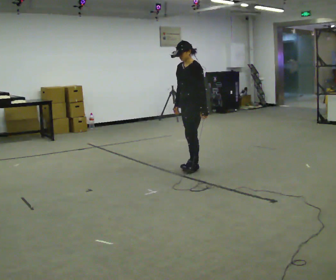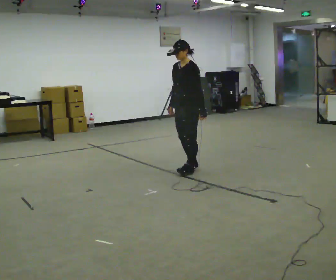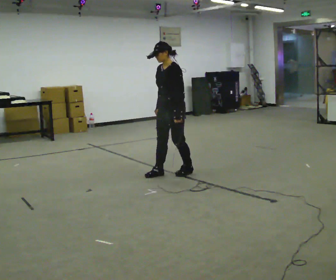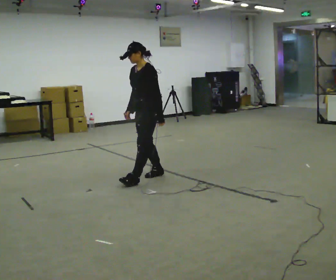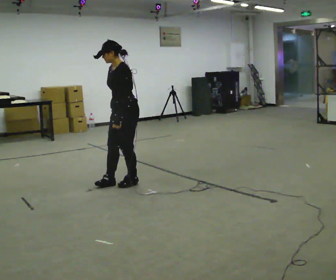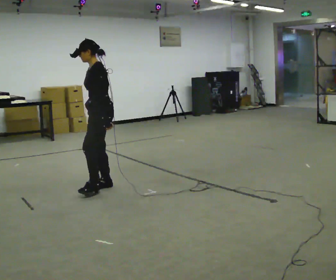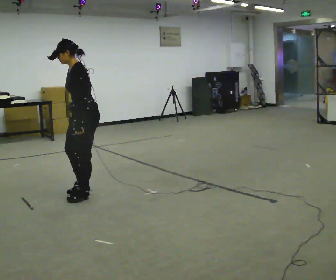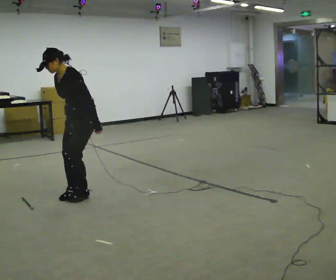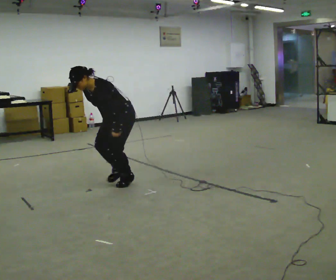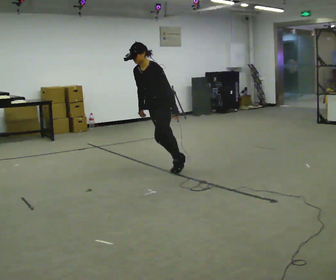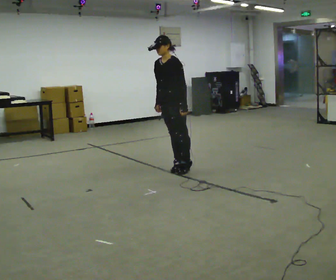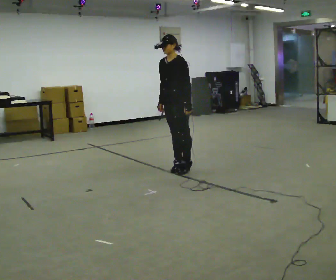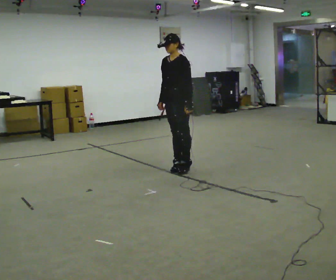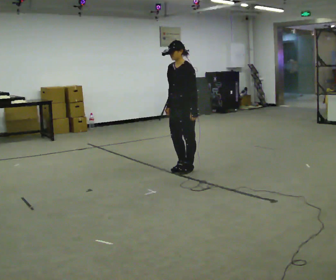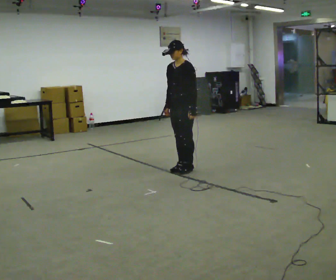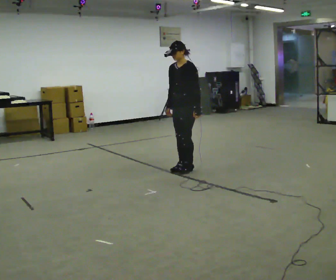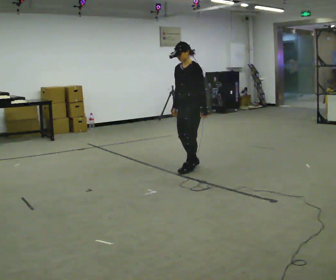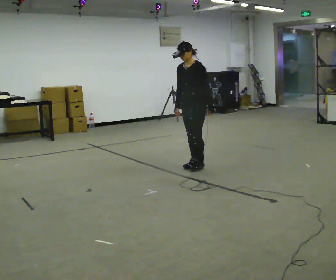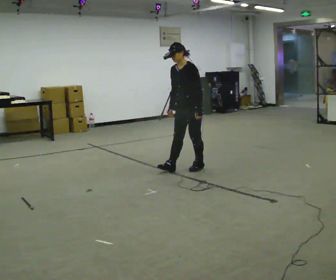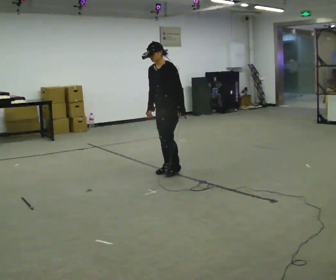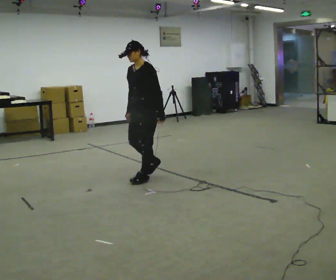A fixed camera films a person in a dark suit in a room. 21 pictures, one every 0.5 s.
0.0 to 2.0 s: In the picture they go to the left and toward the camera, about 1 m in 3 steps, which for them is forward.
2.0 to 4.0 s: The upper body goes downward. In the picture the upper body tilts counterclockwise, shoulders to the left, as they bend forward.
4.0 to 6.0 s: In the picture they go away from the camera and to the right, about 1 m in 1 step, which for them is backward. The upper body goes upward. The upper body tips away from the camera, its near side rolling upward, as they lean back or straighten.
6.0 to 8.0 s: In the picture they go to the right, about 0.25 m in 1 step, which for them is backward.
8.0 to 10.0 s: In the picture they go to the left and toward the camera, about 0.75 m in 3 steps, which for them is forward.
The film runs backward here.
